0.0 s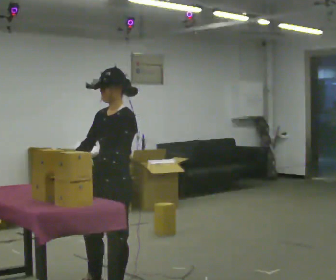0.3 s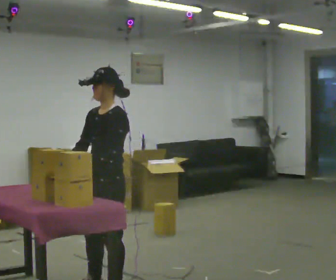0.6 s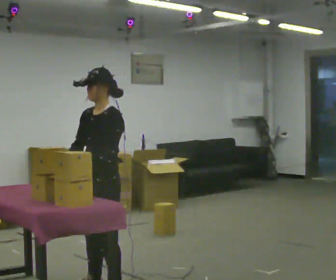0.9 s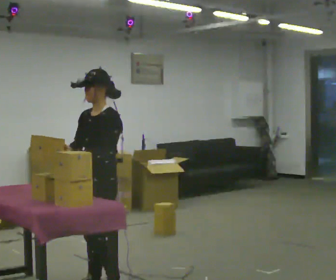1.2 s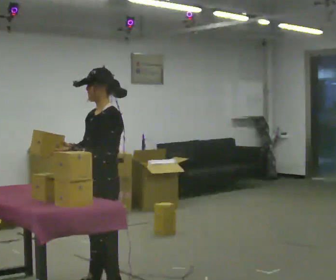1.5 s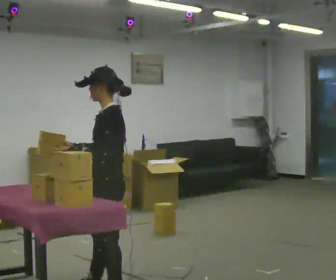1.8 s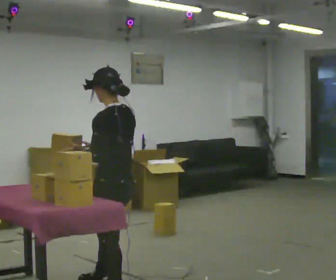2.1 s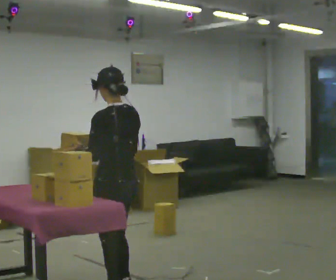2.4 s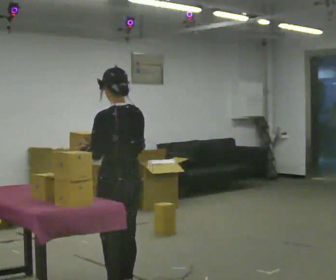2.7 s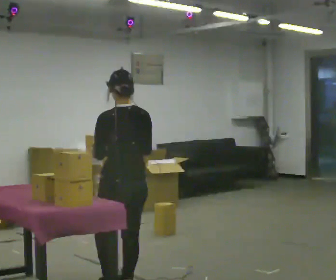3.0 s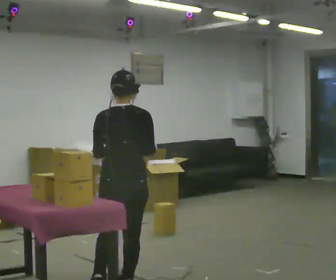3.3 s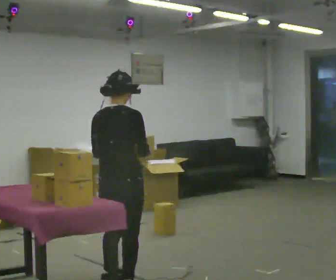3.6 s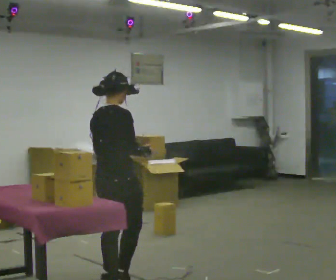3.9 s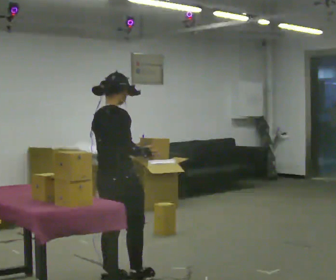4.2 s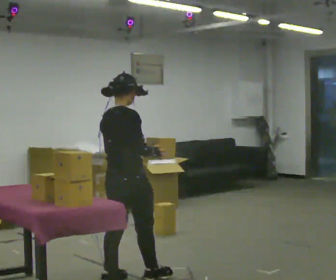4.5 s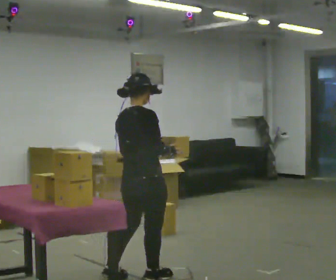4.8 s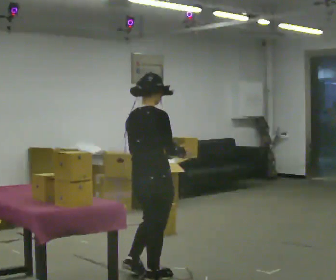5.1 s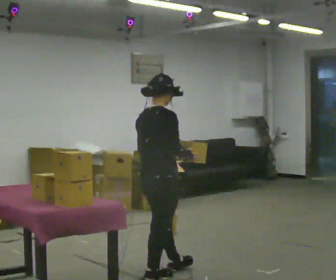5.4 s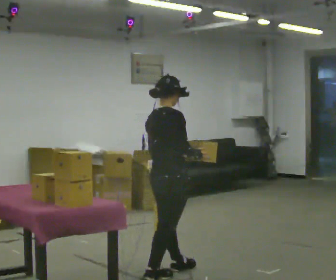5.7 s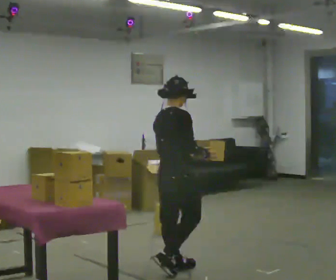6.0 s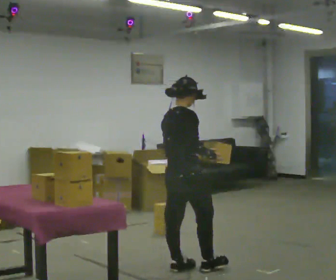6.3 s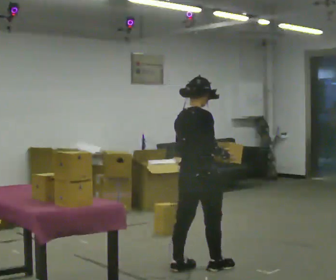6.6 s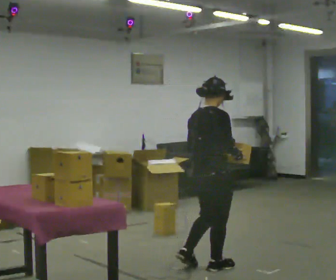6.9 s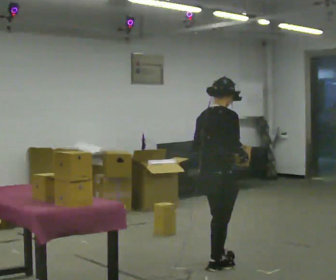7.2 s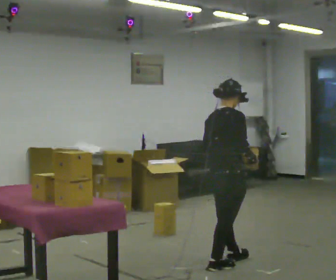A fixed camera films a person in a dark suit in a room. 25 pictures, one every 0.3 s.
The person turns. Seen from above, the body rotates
clockwise.
The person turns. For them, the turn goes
to their right.
0.0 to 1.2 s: The person moves a little, or ends about where they began.
1.2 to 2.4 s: Seen from above the body turns clockwise, about 75 degrees: to their right, with its near side sliding to the left. In the picture their right hand goes to the right.
2.4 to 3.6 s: Seen from above the body turns clockwise, about 90 degrees: to their right, with its near side sliding to the left. In the picture they go away from the camera, about 0.25 m in 1 step.
3.6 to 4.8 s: In the picture they go to the right, about 0.25 m in 1 step, which for them is forward.
4.8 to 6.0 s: In the picture they go to the right and away from the camera, about 0.25 m in 1 step, which for them is forward.
6.0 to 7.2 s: In the picture they go to the right, about 0.5 m in 2 steps, which for them is forward.
The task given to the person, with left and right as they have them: Take the objects from the bin one at a time and put one in each of the places the operator points out. Keep going until the operator says stop; one object at a time, and do not rush between trips.
The film runs forward here.
